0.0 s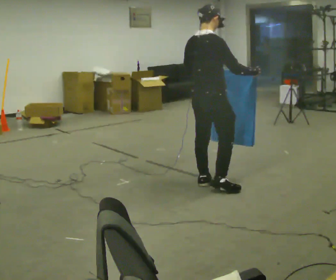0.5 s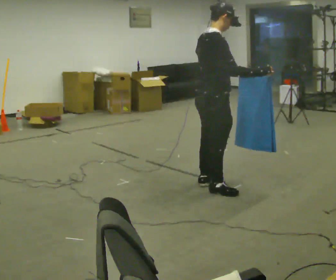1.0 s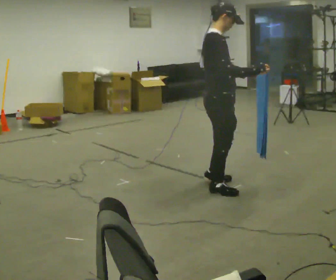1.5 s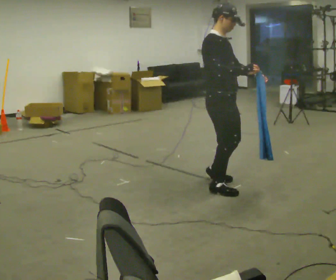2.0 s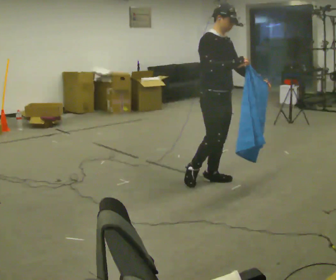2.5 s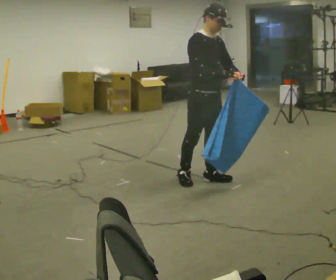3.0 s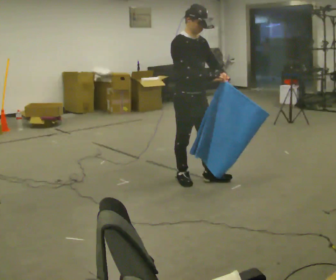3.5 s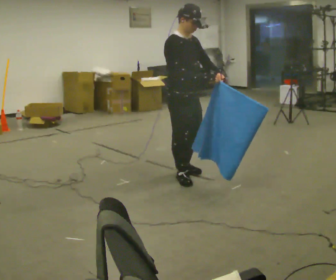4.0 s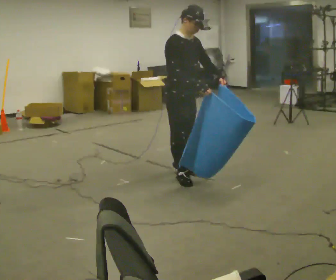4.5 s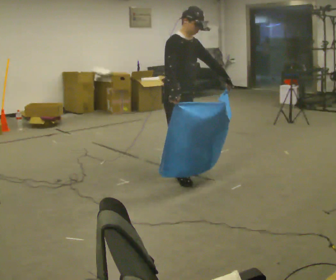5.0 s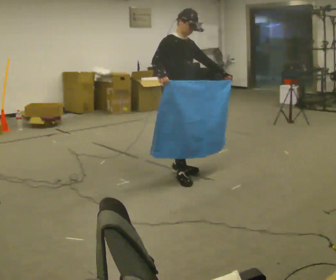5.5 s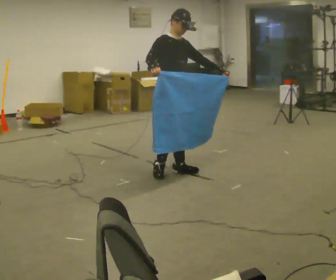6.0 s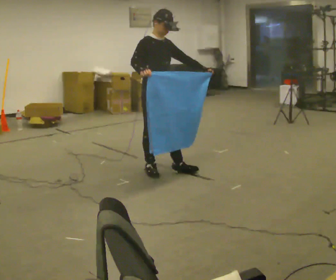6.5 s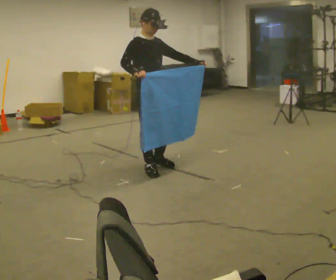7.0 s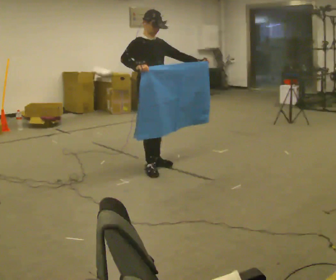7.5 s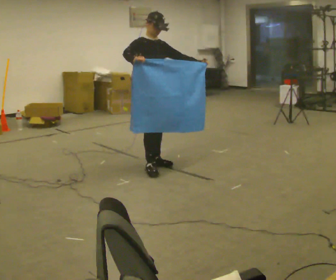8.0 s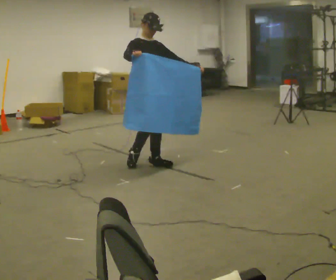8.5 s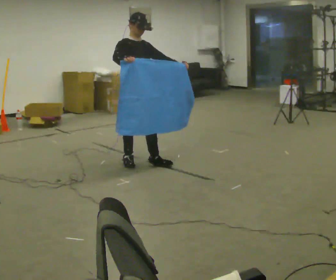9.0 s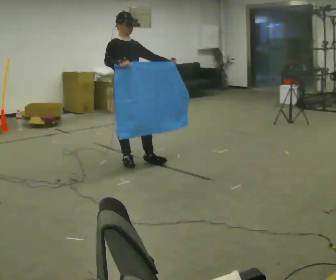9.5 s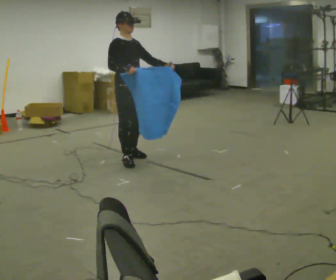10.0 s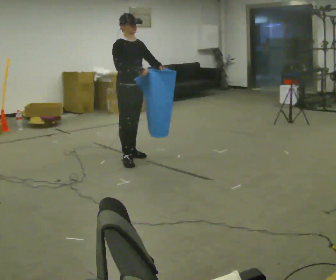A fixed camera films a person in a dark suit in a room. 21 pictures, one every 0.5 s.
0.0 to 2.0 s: The part of the body nearest the lens slides to the left as the person turns to their right by about 90 degrees. In the picture their left hand goes to the right, the arm swinging counterclockwise.
2.0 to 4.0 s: In the picture they go to the left, about 0.25 m in 1 step, which for them is backward and to their right.
4.0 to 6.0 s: In the picture they go to the left and away from the camera, about 0.25 m in 1 step, which for them is backward.
6.0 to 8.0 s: In the picture they go away from the camera, about 0.25 m in 2 steps, which for them is backward and to their left.
8.0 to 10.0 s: In the picture they go to the left and away from the camera, about 0.25 m in 1 step, which for them is backward.
The film runs backward here.
